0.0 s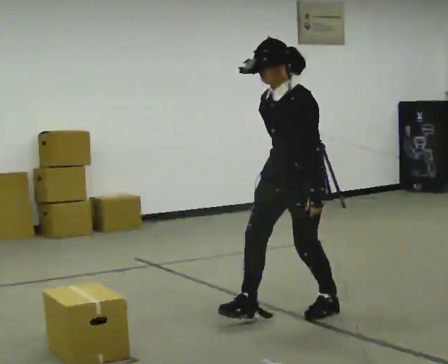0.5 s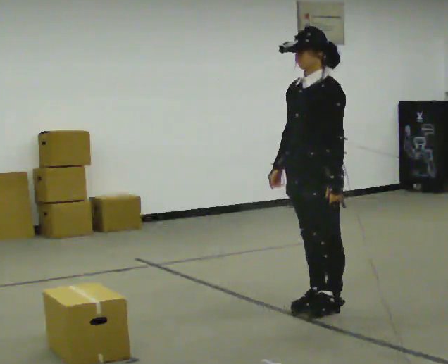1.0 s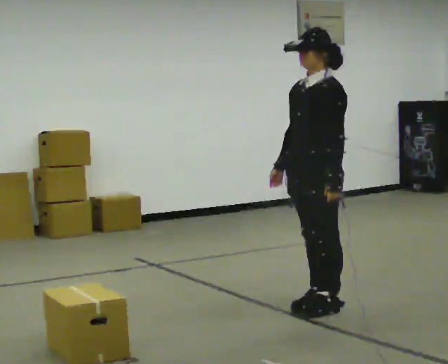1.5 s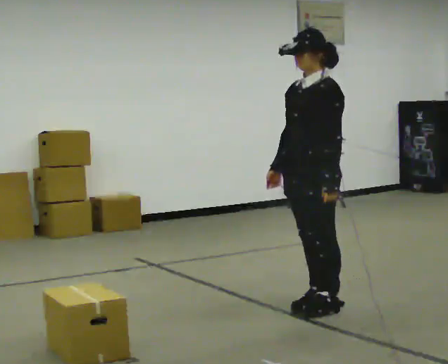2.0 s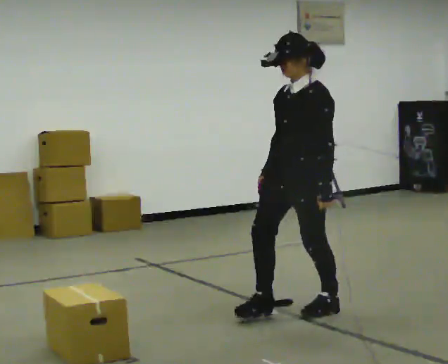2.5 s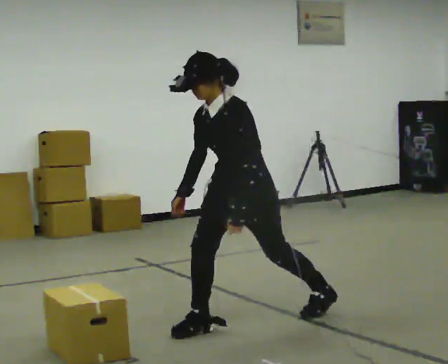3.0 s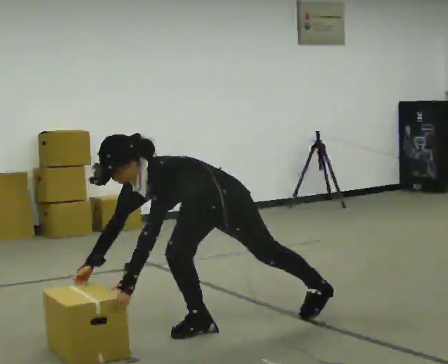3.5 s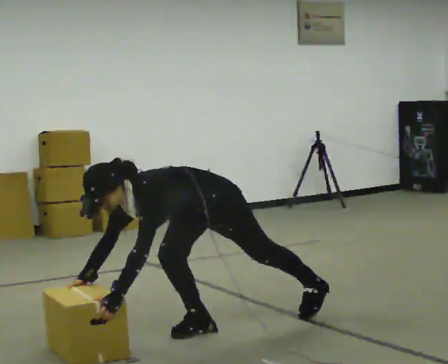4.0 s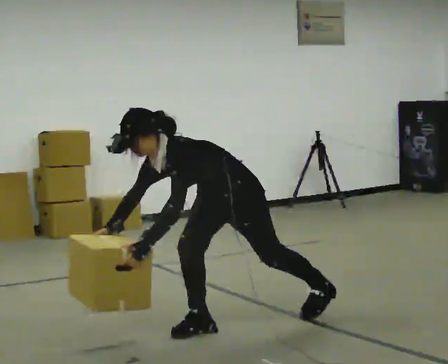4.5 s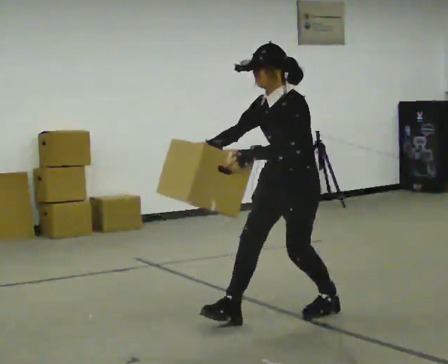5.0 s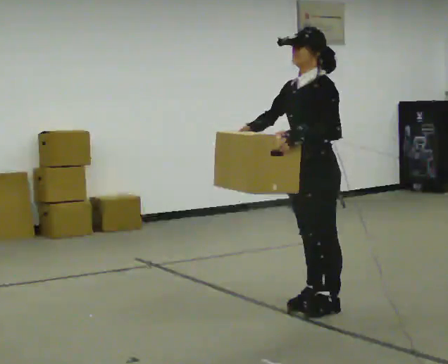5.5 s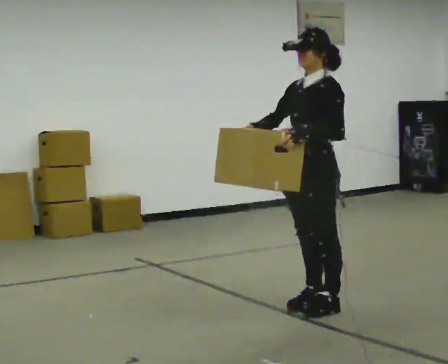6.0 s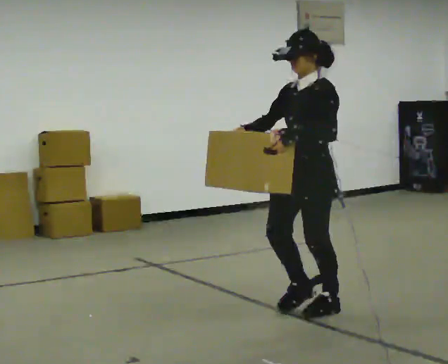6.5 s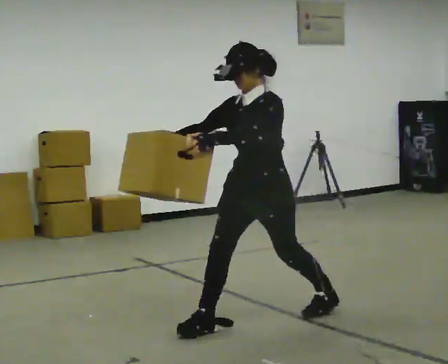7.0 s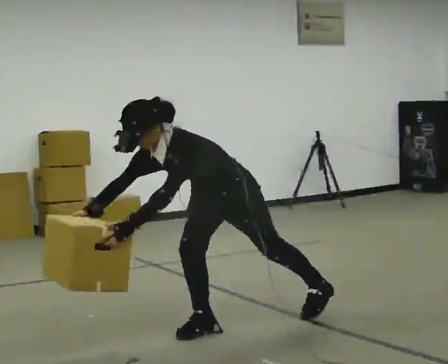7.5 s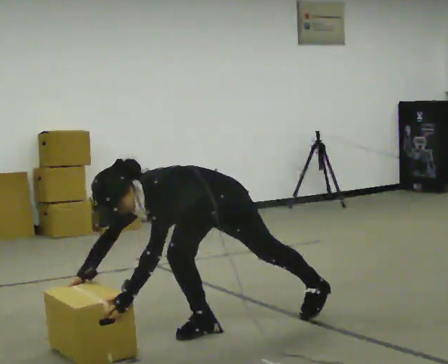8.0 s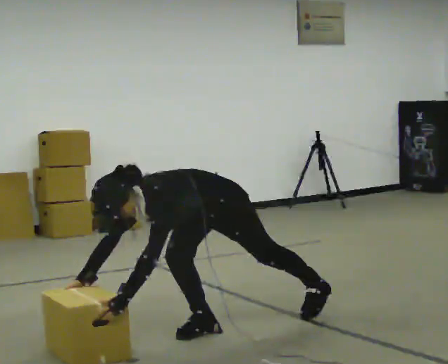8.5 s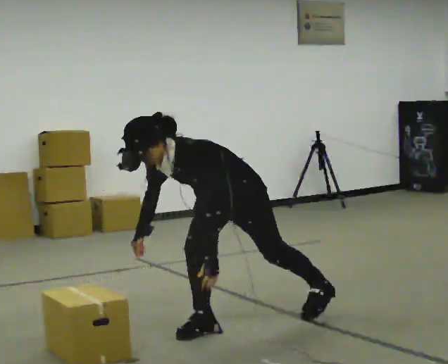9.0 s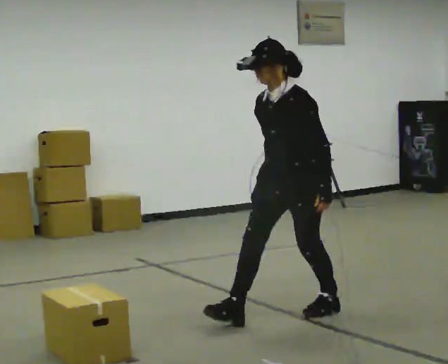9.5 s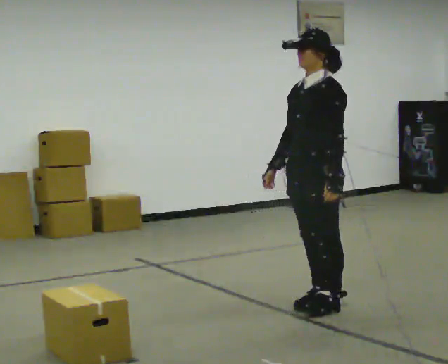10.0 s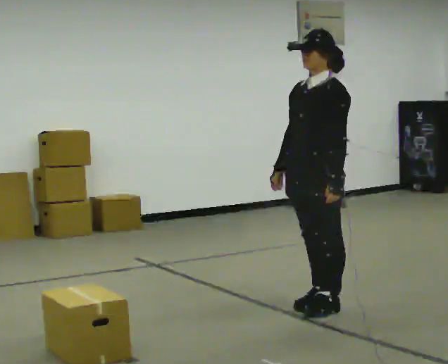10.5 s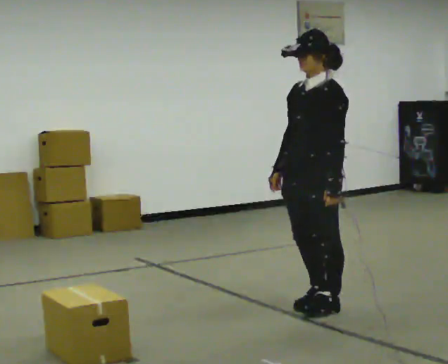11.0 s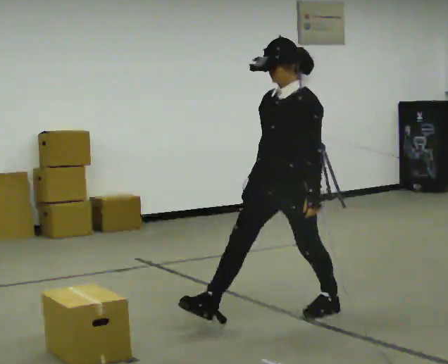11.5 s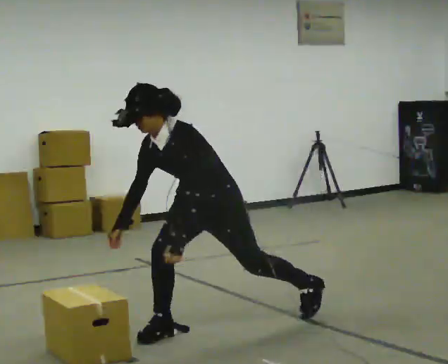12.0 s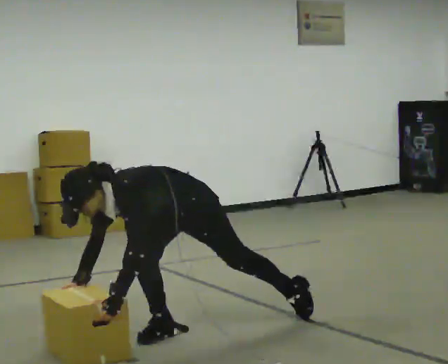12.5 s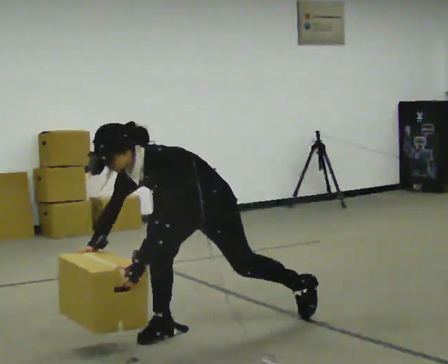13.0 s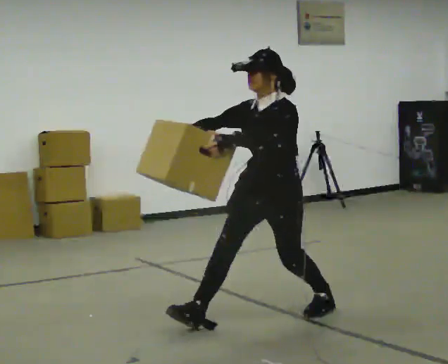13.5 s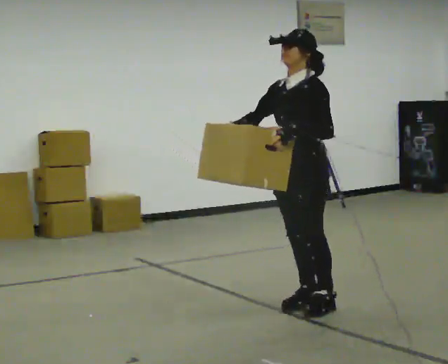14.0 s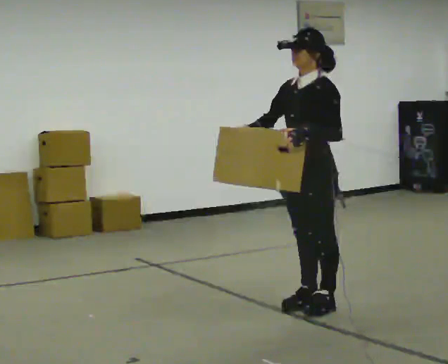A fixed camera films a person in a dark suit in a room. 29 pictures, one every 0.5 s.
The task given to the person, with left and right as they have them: The object is placed just too far away for you to reach. Try to reach it while keeping both feet planted, and step only when you have to. Repeat at your own pace until the operator says stop. Go slowly and only as far as you are comfortable. Step whenever you need to; do not try to hold on longer than feels safe.
0.0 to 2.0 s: The person moves a little, or ends about where they began.
2.0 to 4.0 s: In the picture they go to the left and toward the camera, about 0.5 m in 1 step, which for them is forward.
4.0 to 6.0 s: In the picture they go to the right and away from the camera, about 0.5 m in 1 step, which for them is backward. The upper body goes upward. In the picture the upper body tilts clockwise, shoulders to the right, as they lean back or straighten. In the picture their left hand goes upward.
6.0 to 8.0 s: In the picture they go to the left and toward the camera, about 0.5 m in 1 step, which for them is forward. The upper body goes downward. In the picture the upper body tilts counterclockwise, shoulders to the left, as they bend forward. In the picture their left hand goes downward.
8.0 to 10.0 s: In the picture they go to the right and away from the camera, about 0.75 m in 1 step, which for them is backward. The upper body goes upward. In the picture the upper body tilts clockwise, shoulders to the right, as they lean back or straighten. In the picture their right hand goes upward.
10.0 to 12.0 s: In the picture they go to the left and toward the camera, about 1 m in 2 steps, which for them is forward. The upper body goes downward. In the picture the upper body tilts counterclockwise, shoulders to the left, as they bend forward. In the picture their right hand goes downward.
12.0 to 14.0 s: In the picture they go to the right and away from the camera, about 1 m in 2 steps, which for them is backward. The upper body goes upward. In the picture the upper body tilts clockwise, shoulders to the right, as they lean back or straighten. In the picture their right hand goes upward.
The film runs forward here.
